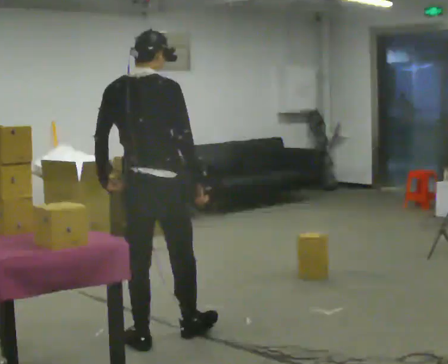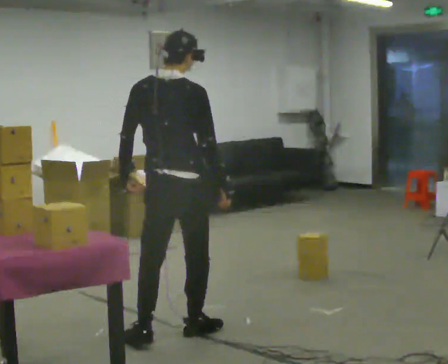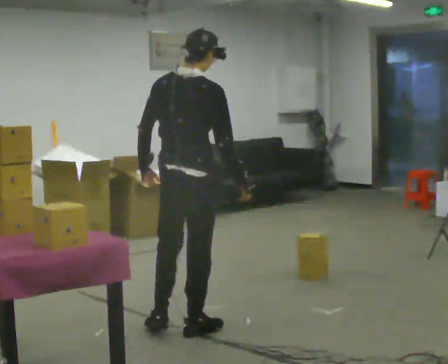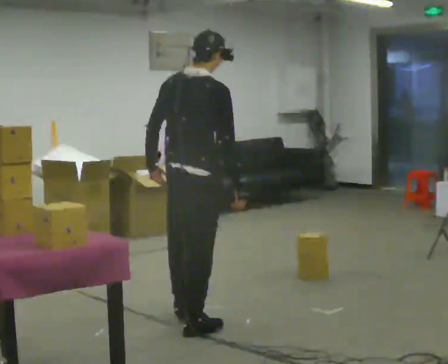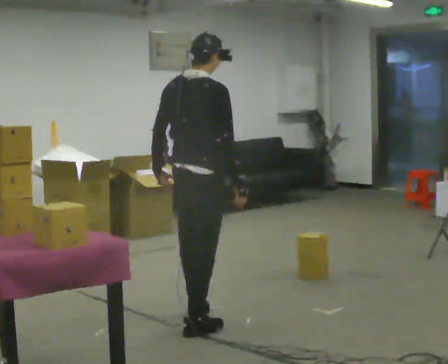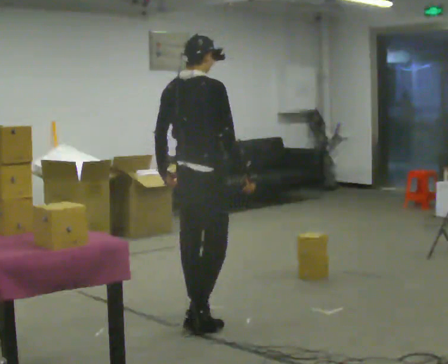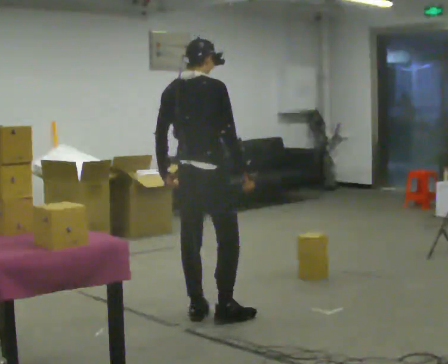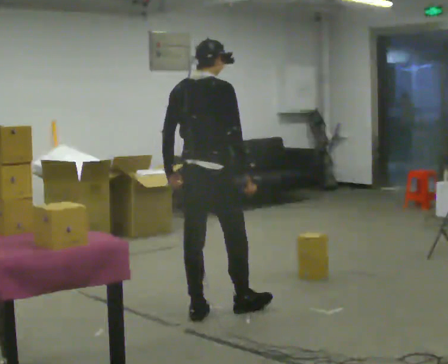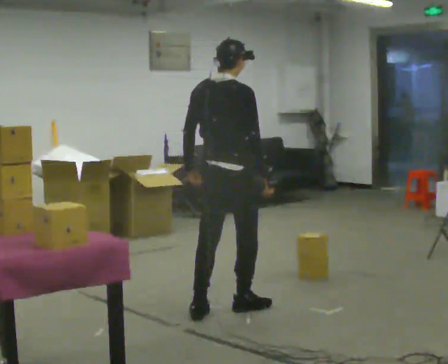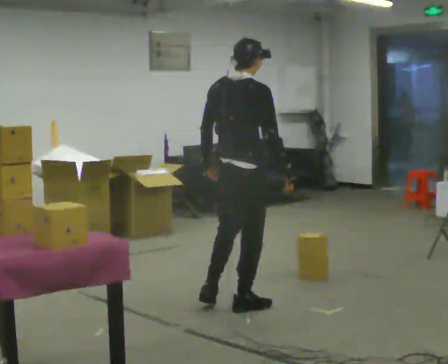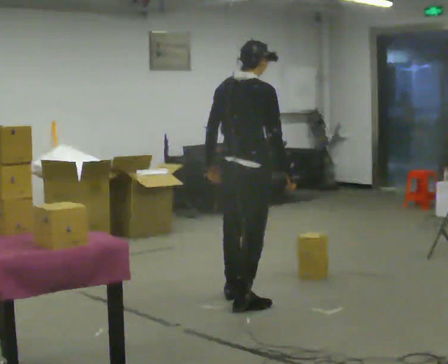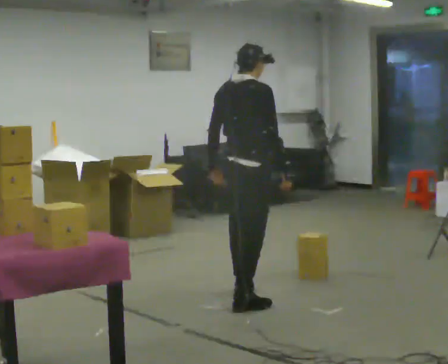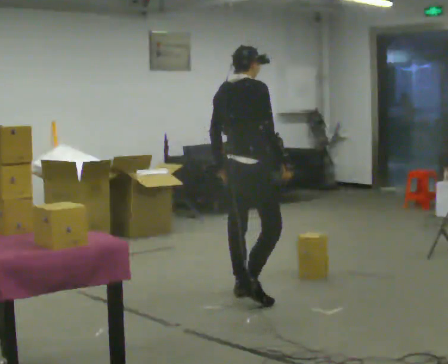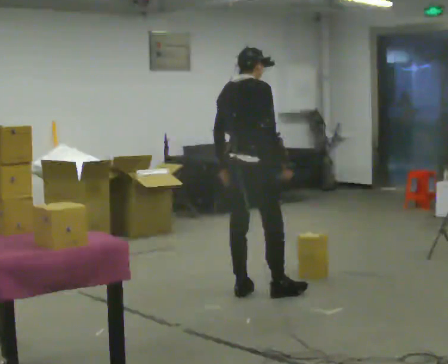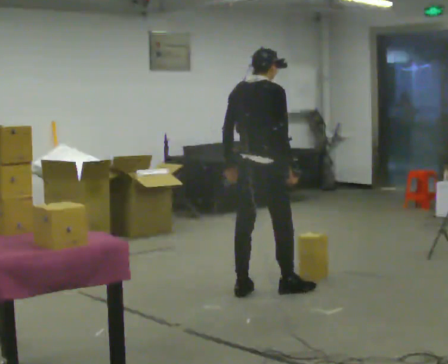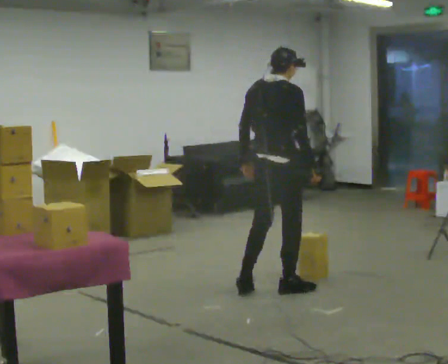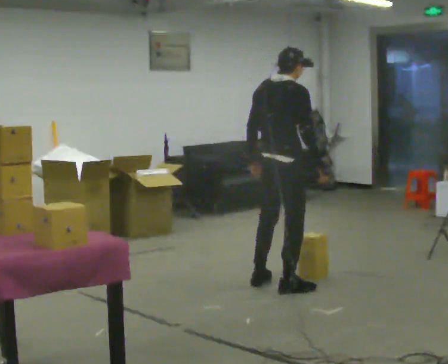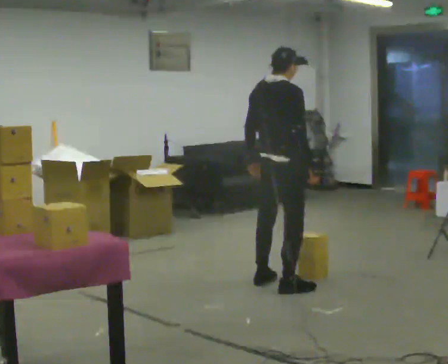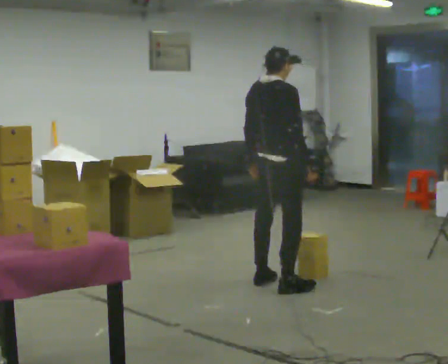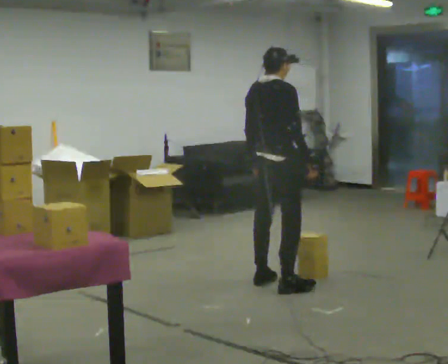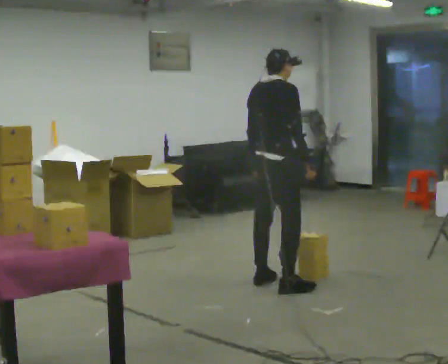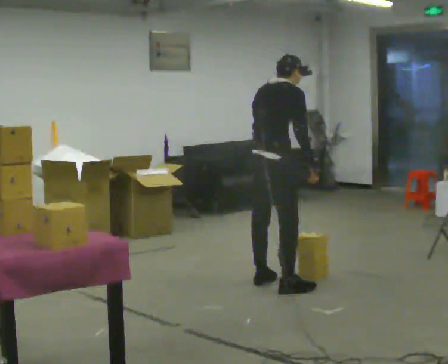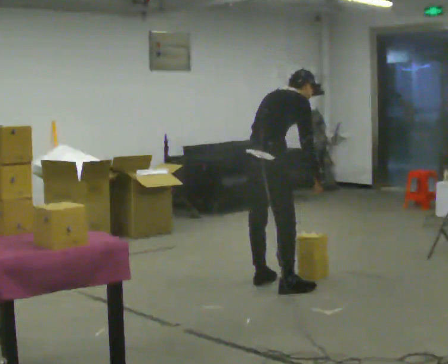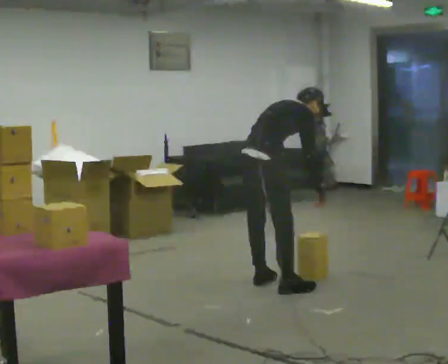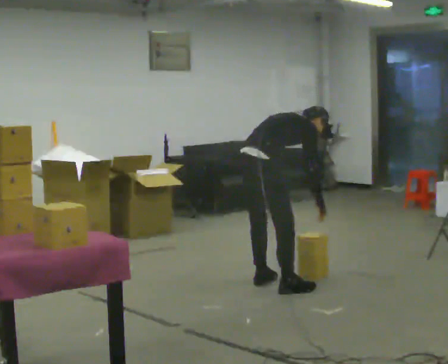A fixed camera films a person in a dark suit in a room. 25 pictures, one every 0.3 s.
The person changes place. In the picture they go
away from the camera.
The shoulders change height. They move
downward.
0.0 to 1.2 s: In the picture they go away from the camera and to the right, about 0.25 m in 1 step, which for them is forward.
1.2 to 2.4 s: In the picture they go away from the camera and to the right, about 0.5 m in 1 step, which for them is forward.
2.4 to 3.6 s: In the picture they go away from the camera, about 0.25 m in 1 step, which for them is forward.
3.6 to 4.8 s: In the picture they go to the right and away from the camera, about 0.25 m in 1 step, which for them is forward.
4.8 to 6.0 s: The person moves a little, or ends about where they began.
6.0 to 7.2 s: The upper body goes downward. In the picture the upper body tilts clockwise, shoulders to the right, as they bend forward. In the picture their right hand goes downward.
The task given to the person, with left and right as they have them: Pick an object up off the floor at one end of the room, carry it across, and place it on the waist-height shelf at the other end. Keep going until the operator says stop; one object at a time, and do not rush between trips.
The film runs forward here.
